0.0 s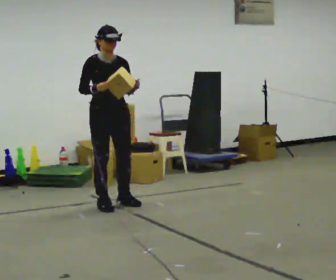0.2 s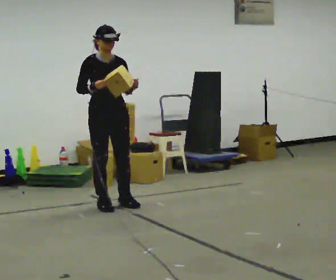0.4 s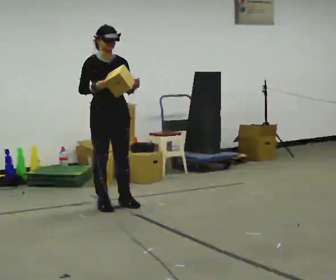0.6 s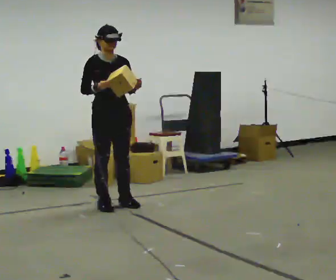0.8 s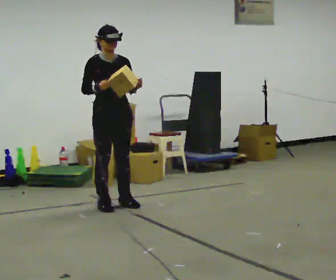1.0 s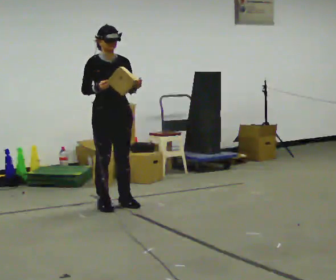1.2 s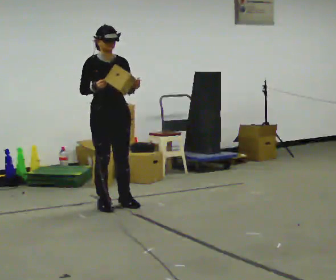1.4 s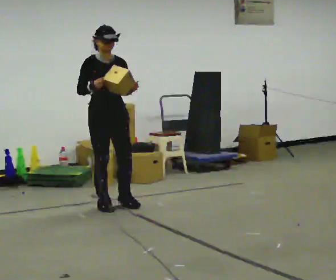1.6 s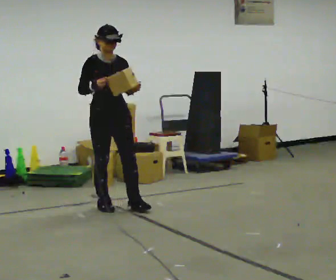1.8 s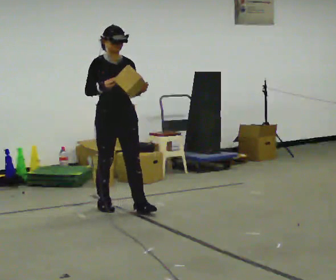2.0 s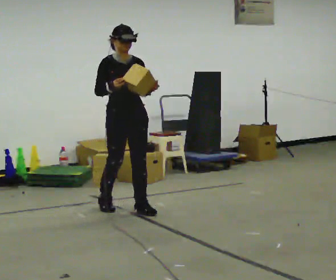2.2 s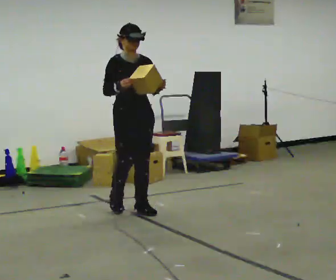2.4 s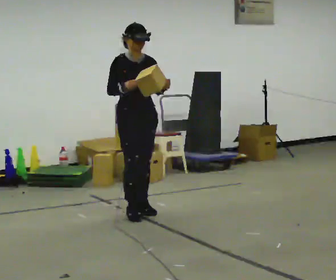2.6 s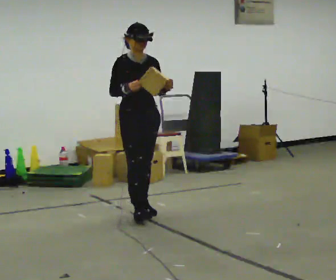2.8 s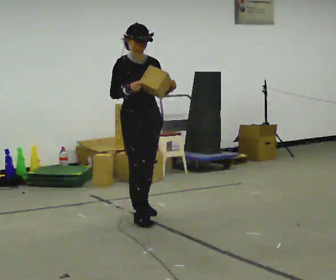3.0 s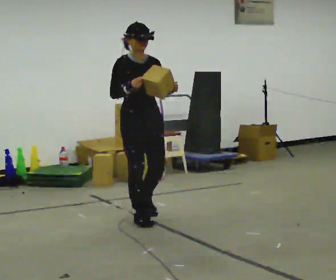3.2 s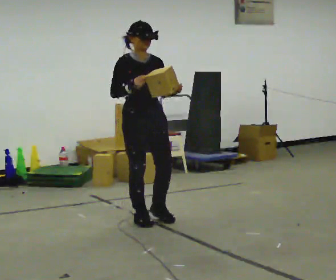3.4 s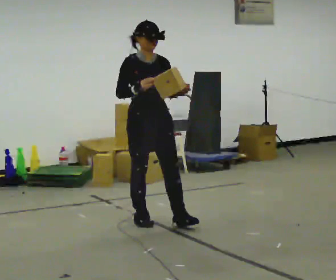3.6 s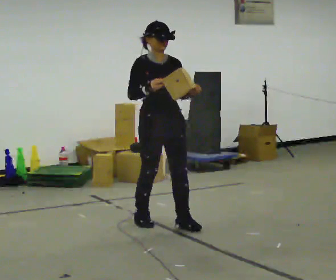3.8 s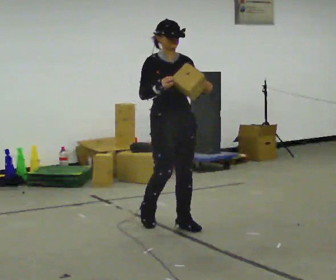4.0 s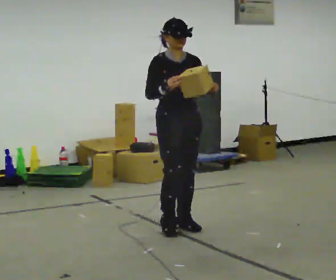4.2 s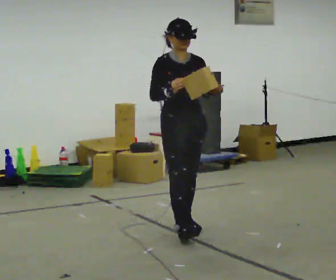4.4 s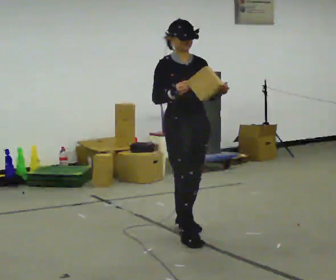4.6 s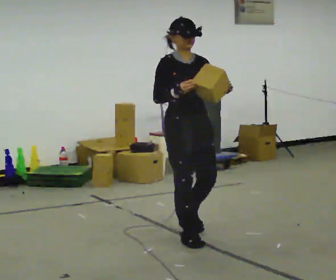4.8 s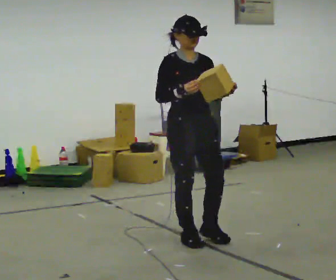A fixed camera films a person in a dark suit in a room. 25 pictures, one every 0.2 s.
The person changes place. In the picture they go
toward the camera.
0.0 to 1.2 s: The person moves a little, or ends about where they began.
1.2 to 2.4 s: In the picture they go to the right and toward the camera, about 0.25 m in 1 step, which for them is forward and to their left.
2.4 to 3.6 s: In the picture they go toward the camera and to the right, about 0.5 m in 2 steps, which for them is forward.
3.6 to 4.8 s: In the picture they go toward the camera and to the right, about 0.5 m in 1 step, which for them is forward.
The film runs forward here.
